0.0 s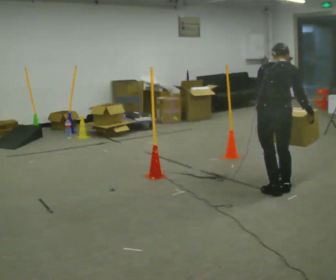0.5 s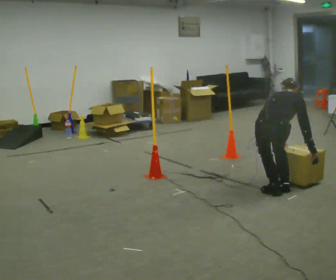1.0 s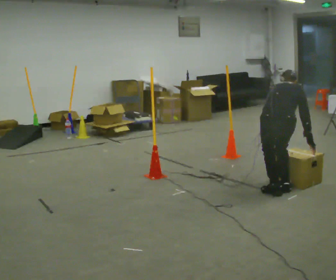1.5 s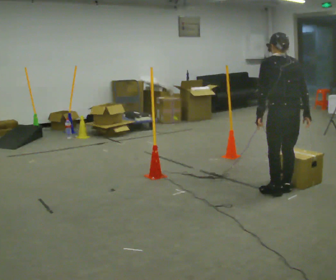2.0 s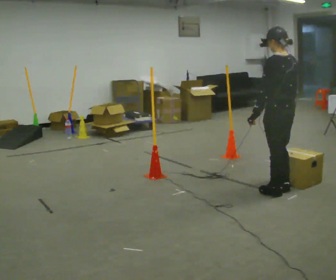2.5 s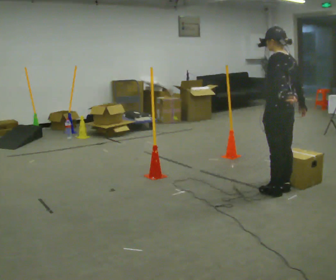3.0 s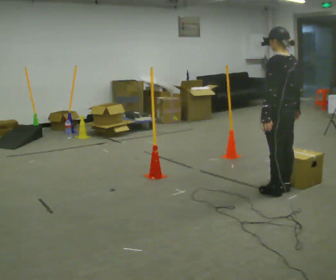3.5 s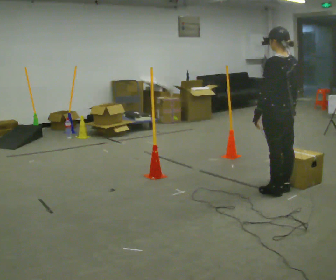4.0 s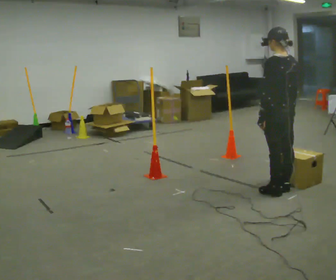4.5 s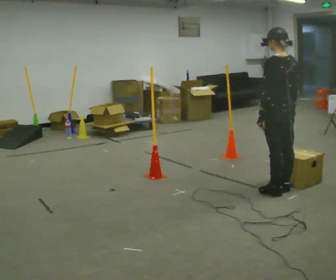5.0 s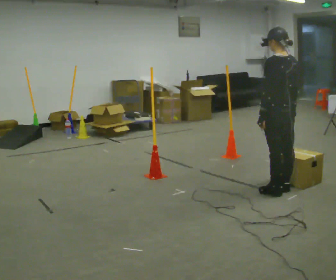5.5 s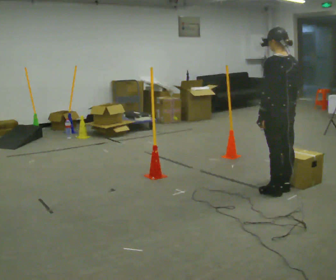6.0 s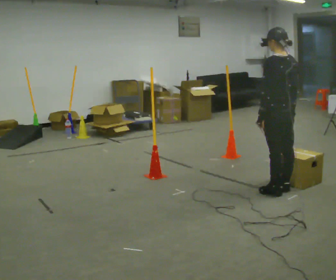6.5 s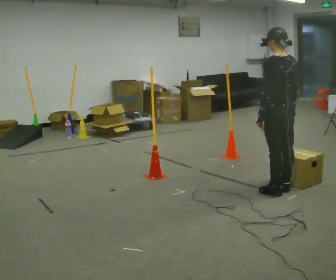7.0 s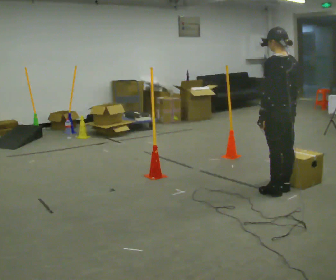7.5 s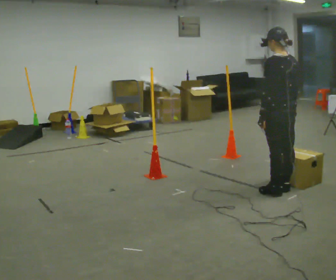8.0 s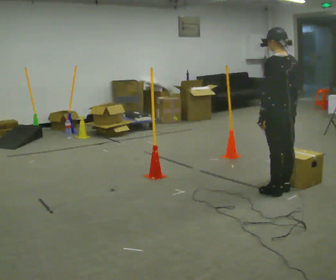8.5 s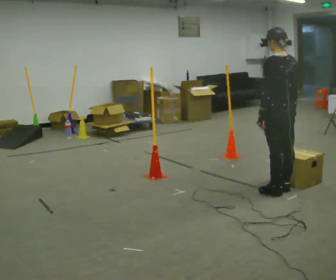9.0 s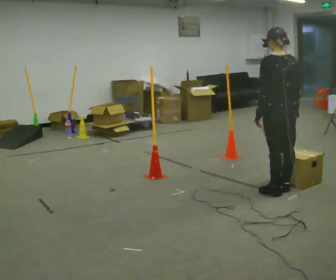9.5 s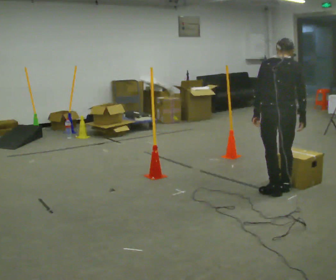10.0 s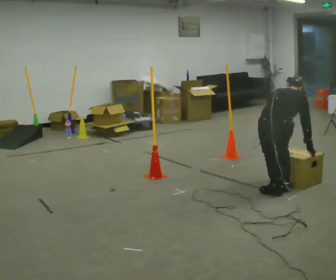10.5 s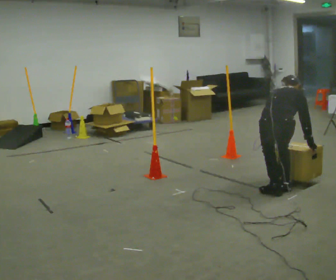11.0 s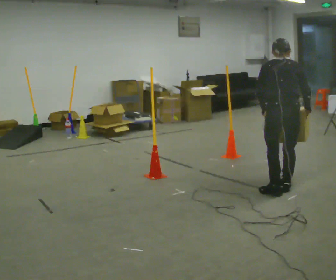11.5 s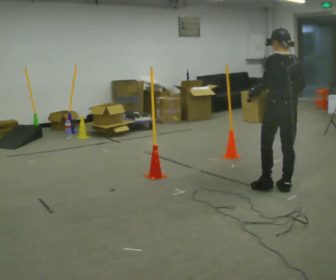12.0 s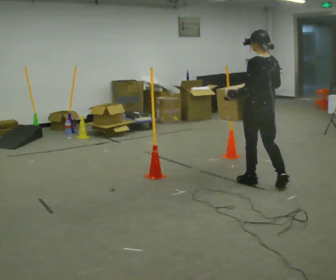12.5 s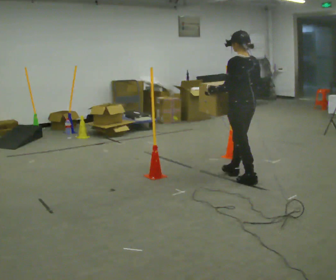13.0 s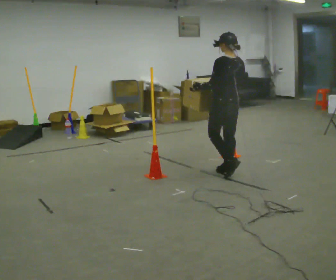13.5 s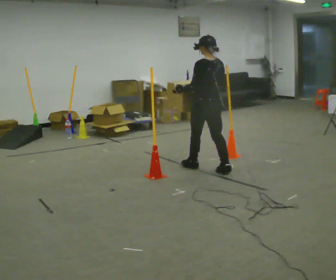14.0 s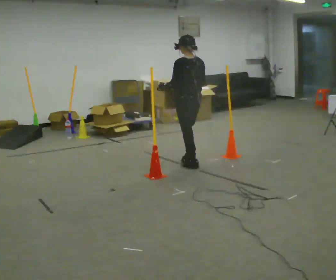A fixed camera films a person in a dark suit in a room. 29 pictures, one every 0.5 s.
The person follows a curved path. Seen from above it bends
counterclockwise.
0.0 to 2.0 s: Seen from above the body turns counterclockwise, about 60 degrees: to their left, with its near side sliding to the right.
2.0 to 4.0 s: The person moves a little, or ends about where they began.
4.0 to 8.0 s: The person keeps their place and pose.
8.0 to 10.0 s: Seen from above the body turns clockwise, about 75 degrees: to their right, with its near side sliding to the left. The shoulders move downward. The upper body tips away from the camera, its near side rolling upward, as they bend forward. In the picture their right hand goes downward.
10.0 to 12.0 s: The part of the body nearest the lens slides to the right as the person turns to their left by about 75 degrees. In the picture they go away from the camera and to the left, about 0.5 m in 1 step. The upper body goes upward. The upper body tips toward the camera, its near side rolling downward, as they lean back or straighten. In the picture their right hand goes upward.
12.0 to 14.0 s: In the picture they go to the left and away from the camera, about 1 m in 2 steps, which for them is forward.
The film runs forward here.
